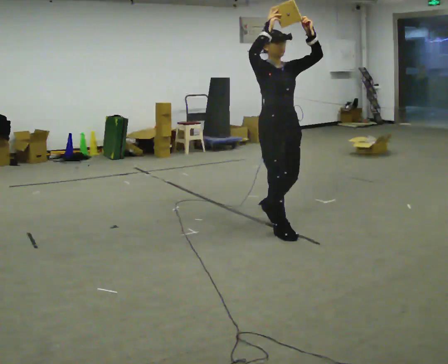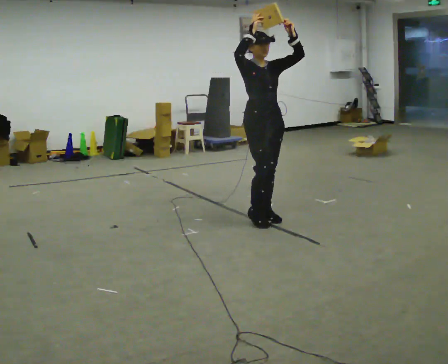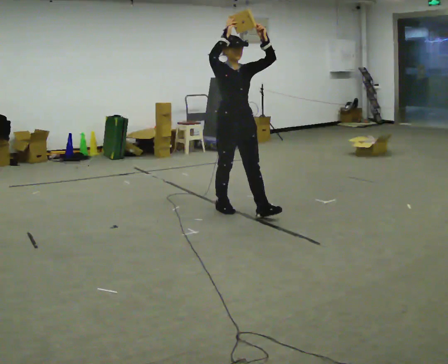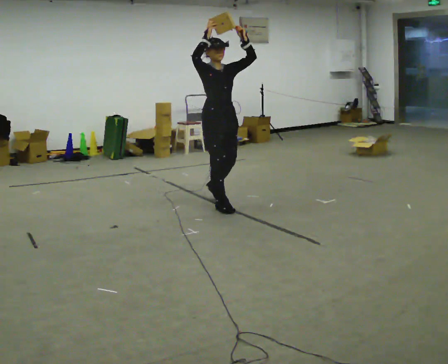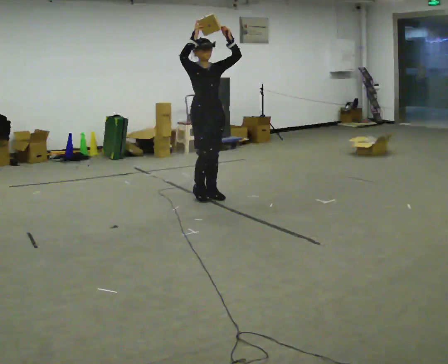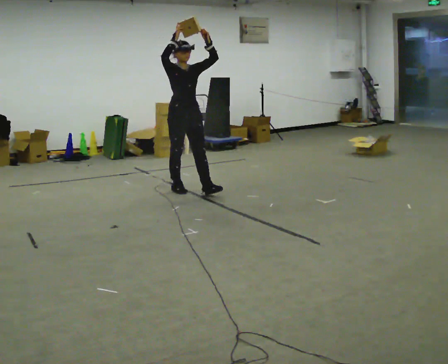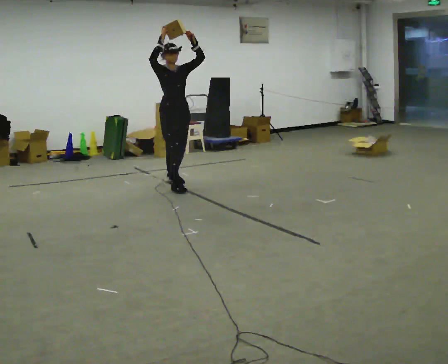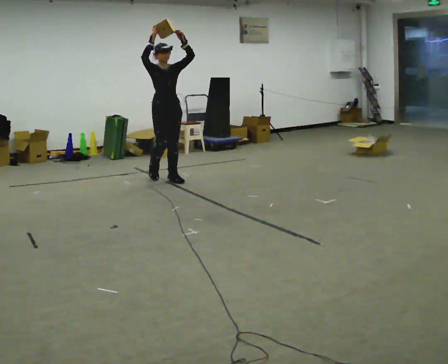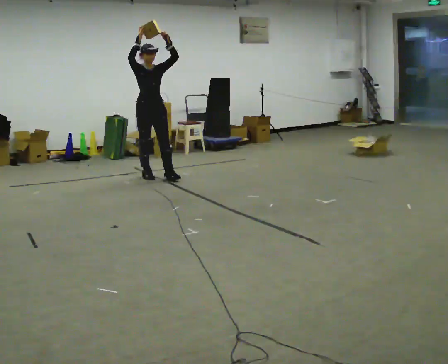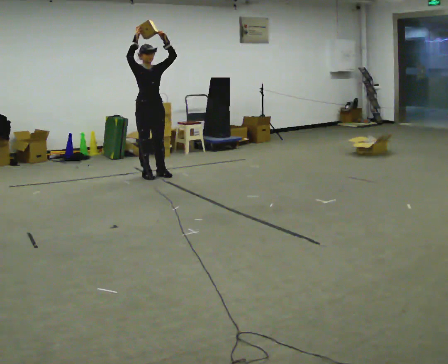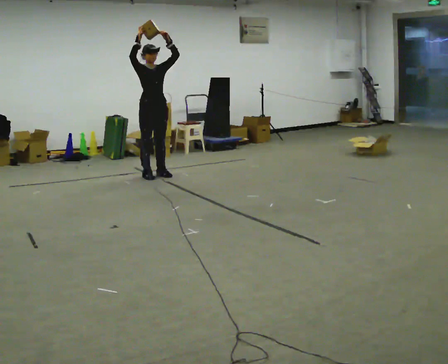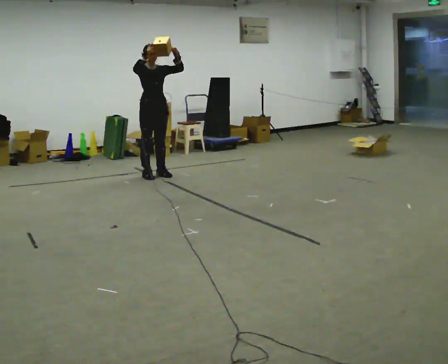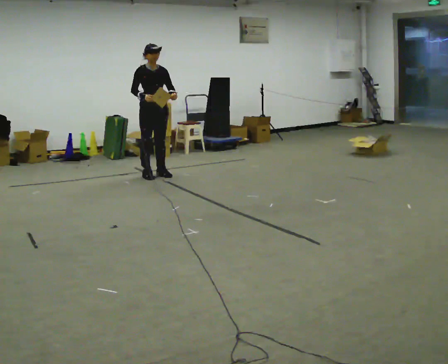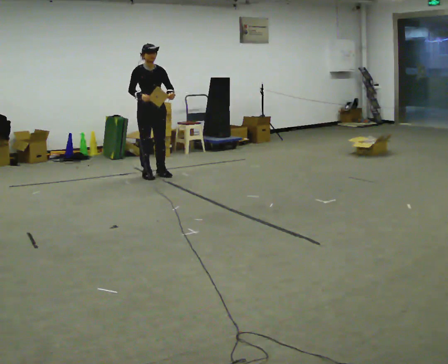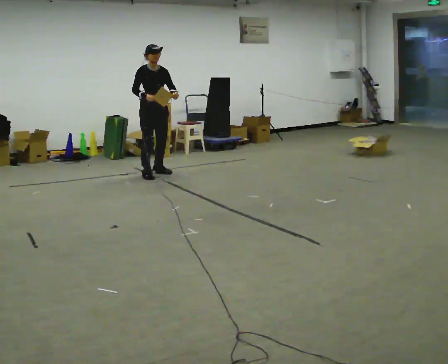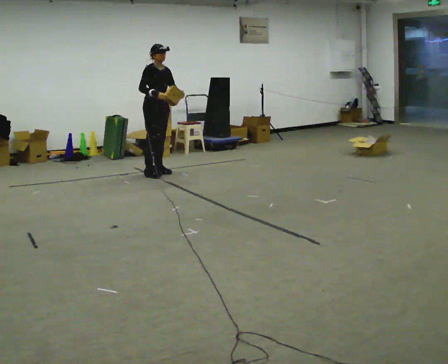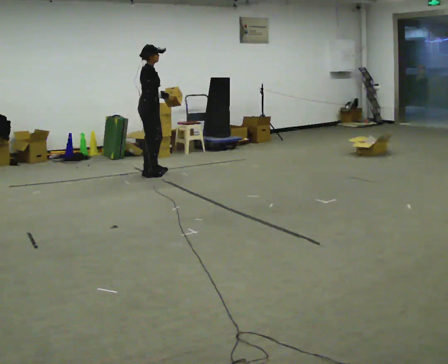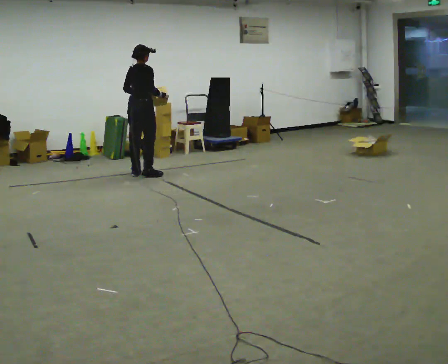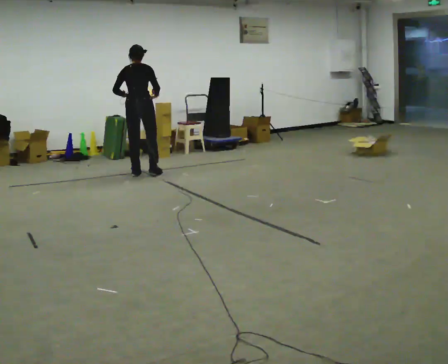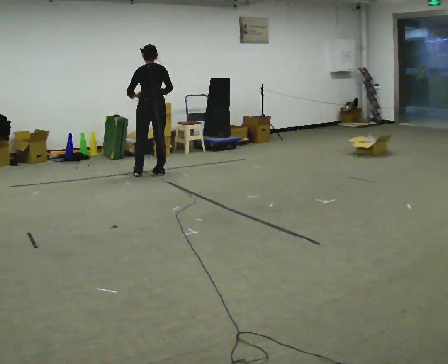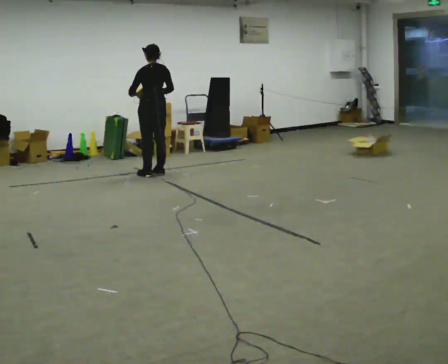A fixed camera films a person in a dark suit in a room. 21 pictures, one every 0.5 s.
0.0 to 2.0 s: In the picture they go away from the camera and to the left, about 1.5 m in 3 steps, which for them is backward.
2.0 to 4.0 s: In the picture they go away from the camera and to the left, about 1 m in 3 steps, which for them is backward.
4.0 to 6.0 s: In the picture their left hand goes downward, the arm swinging clockwise.
6.0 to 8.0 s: The part of the body nearest the lens slides to the right as the person turns to their left by about 60 degrees.
8.0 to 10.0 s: Seen from above the body turns counterclockwise, about 120 degrees: to their left, with its near side sliding to the right. In the picture their left hand goes to the left.
The film runs backward here.
